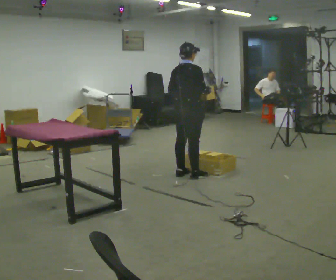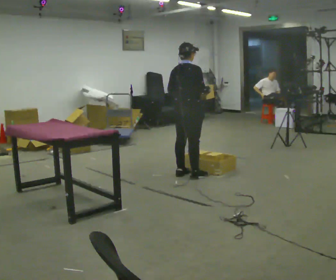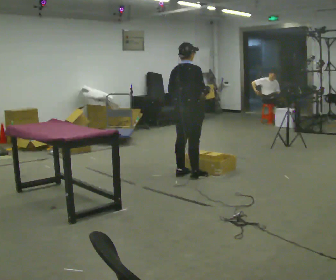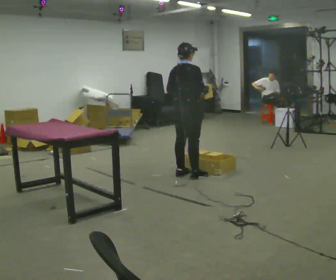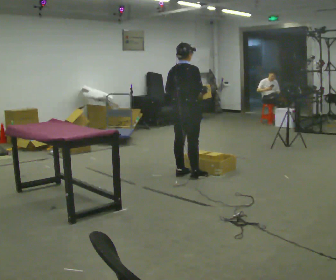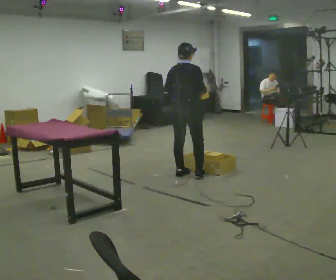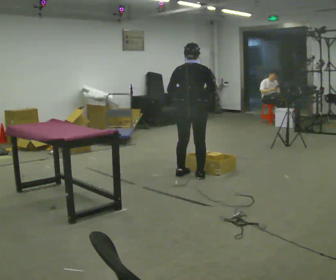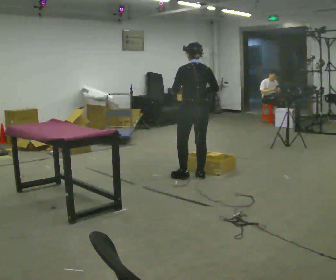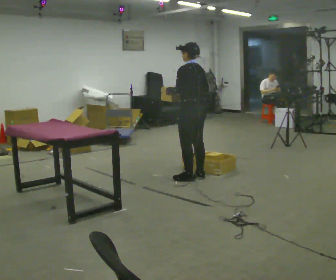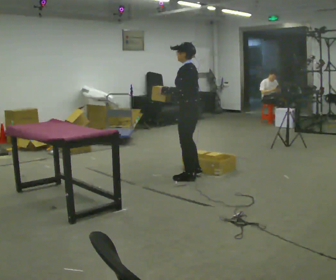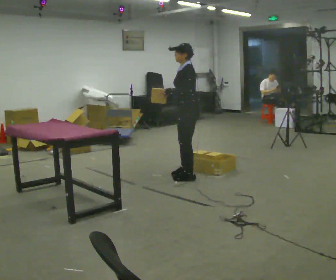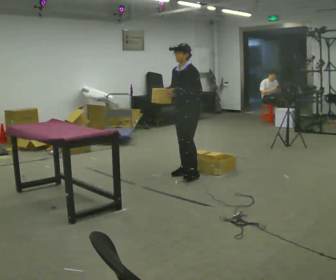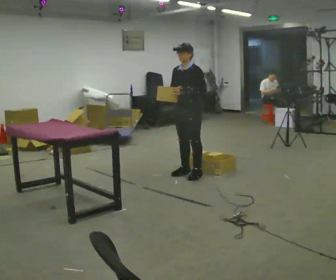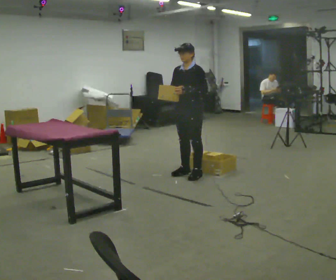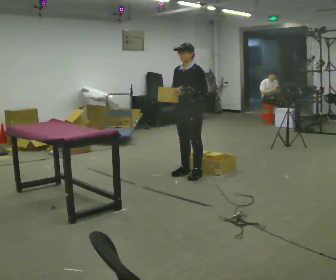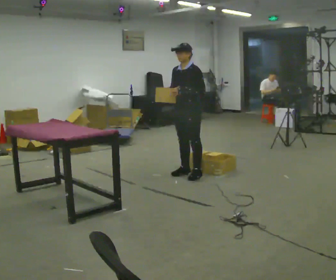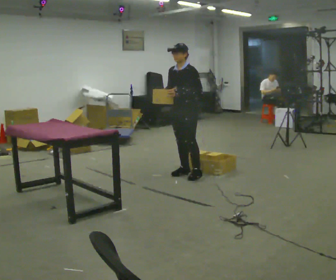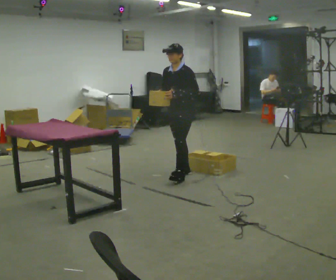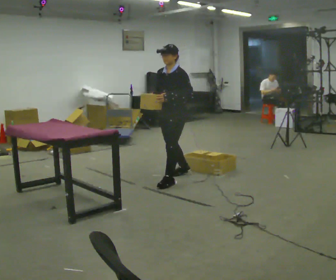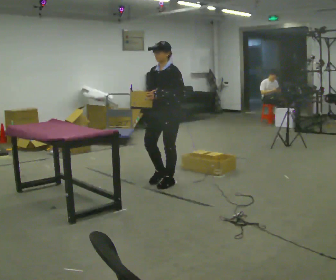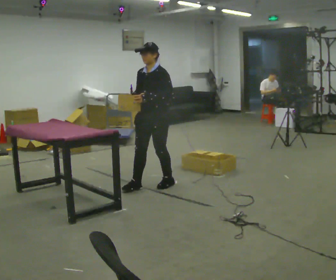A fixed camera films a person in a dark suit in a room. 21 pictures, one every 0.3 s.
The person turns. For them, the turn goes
to their left.
The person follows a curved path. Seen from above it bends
counterclockwise.
0.0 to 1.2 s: The person moves a little, or ends about where they began.
1.2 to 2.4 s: The part of the body nearest the lens slides to the right as the person turns to their left by about 90 degrees. In the picture they go toward the camera, about 0.25 m in 1 step.
2.4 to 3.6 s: The person turns about 90 degrees to their left, counterclockwise seen from above, so the part of the body nearest the lens slides to the right. In the picture they go away from the camera, about 0.25 m in 2 steps.
3.6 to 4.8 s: The person moves a little, or ends about where they began.
4.8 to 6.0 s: In the picture they go toward the camera and to the left, about 0.5 m in 2 steps, which for them is forward.
The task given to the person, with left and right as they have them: Carry the object across the room and place it on the lowest shelf, crouching down to do it. Keep going until the operator says stop; one object at a time, and do not rush between trips.
The film runs forward here.
